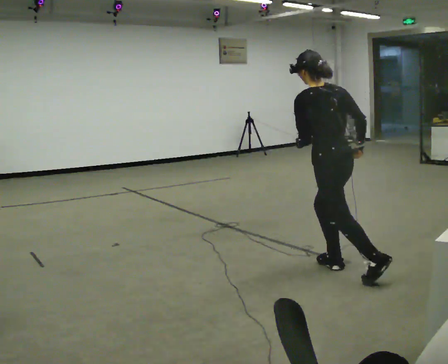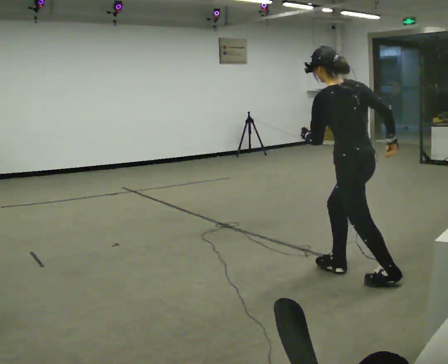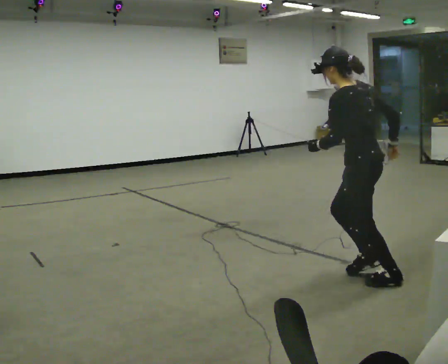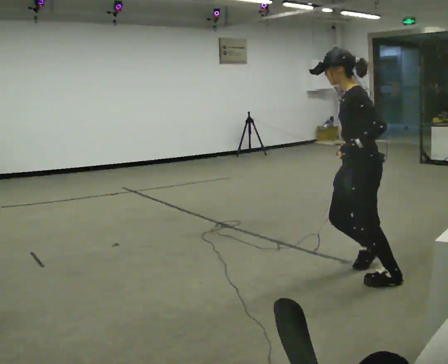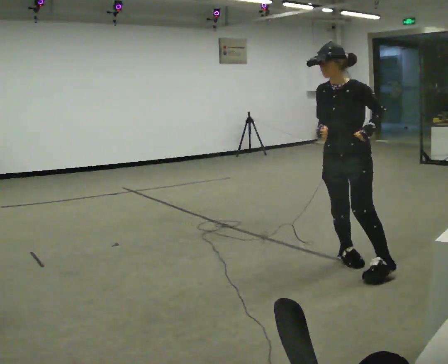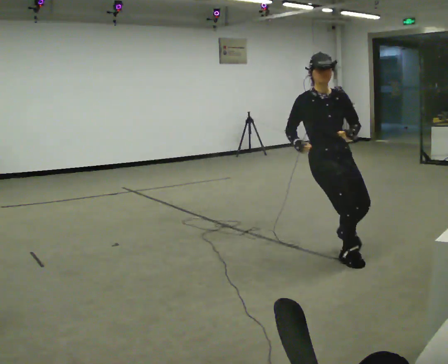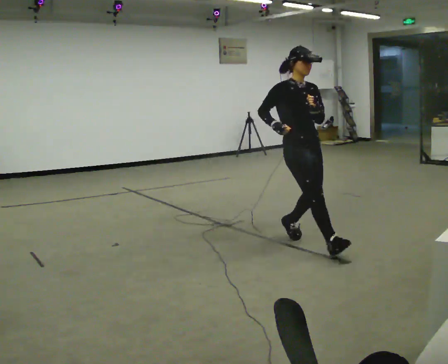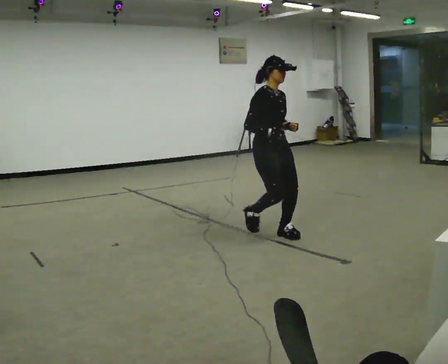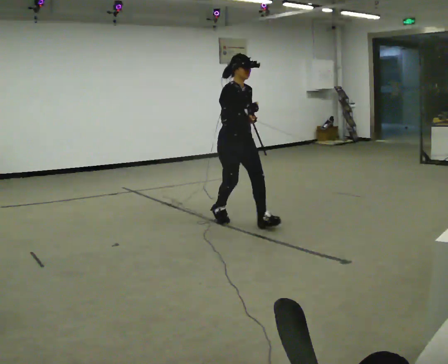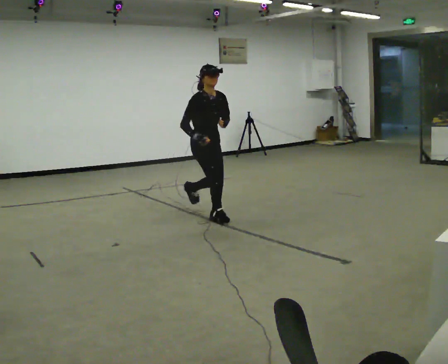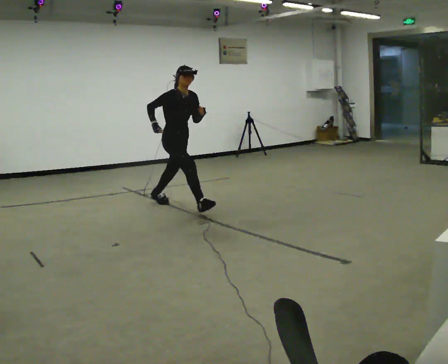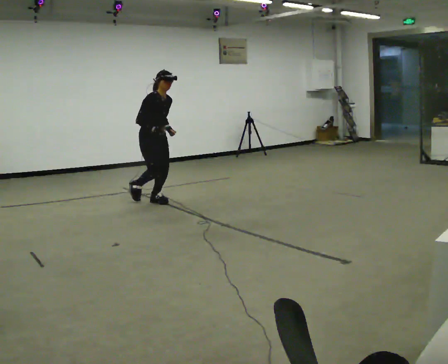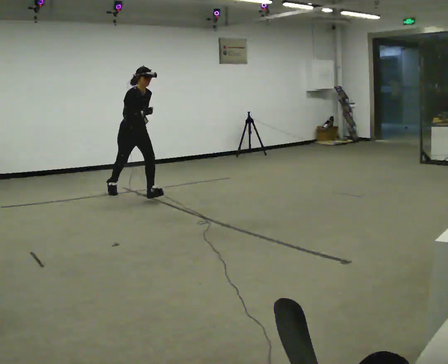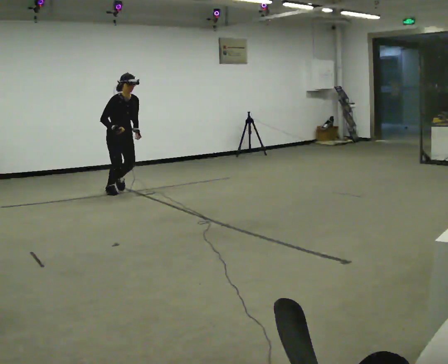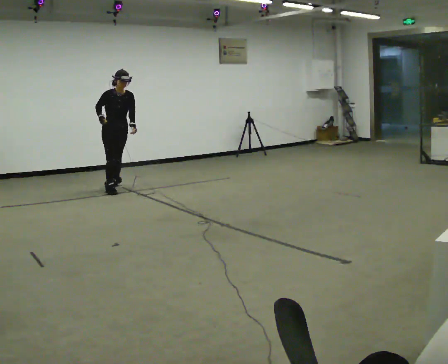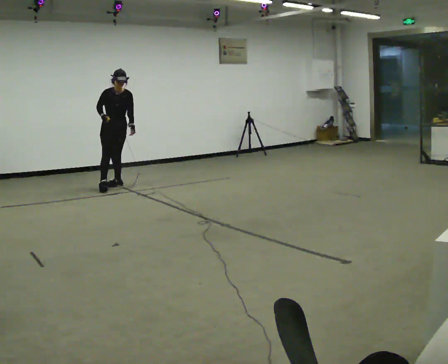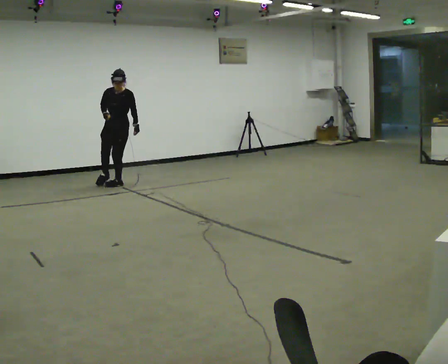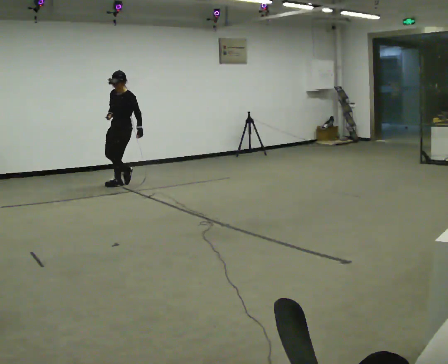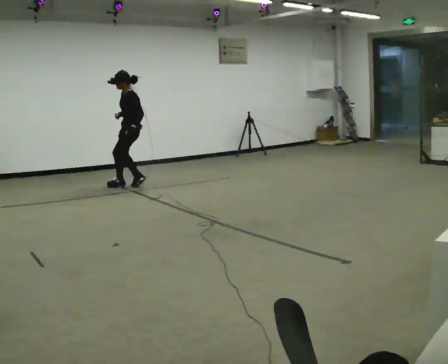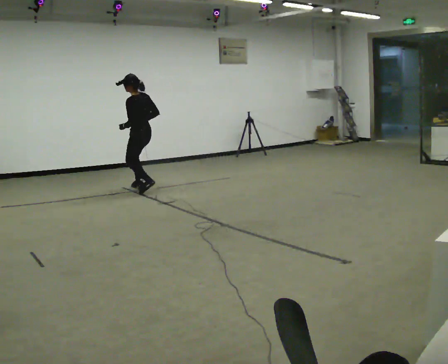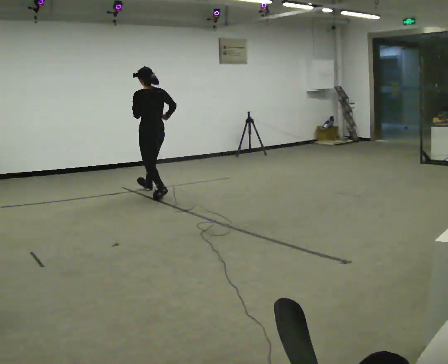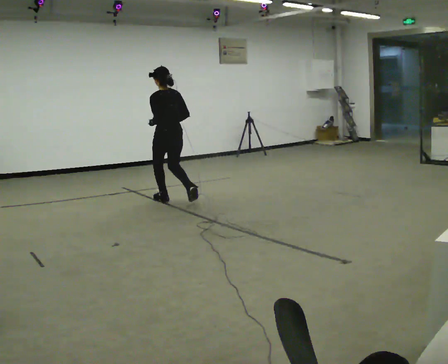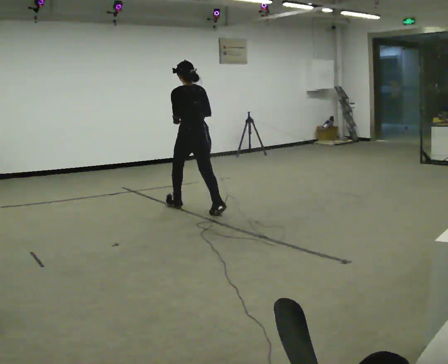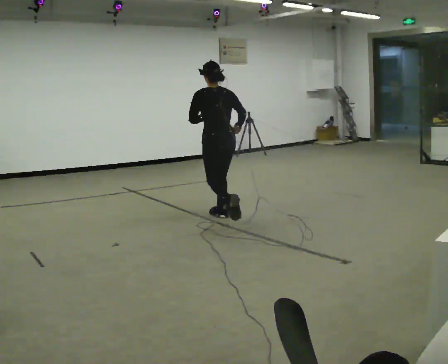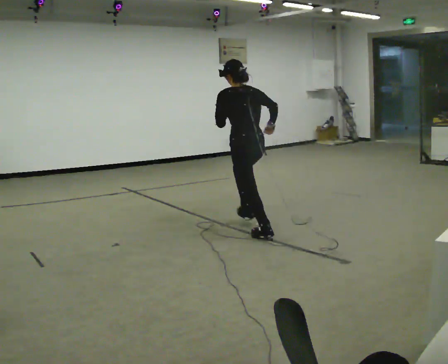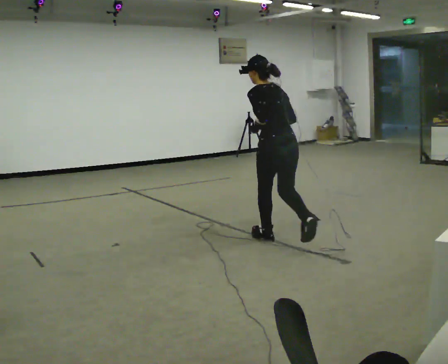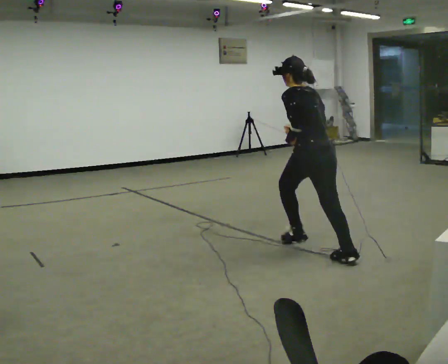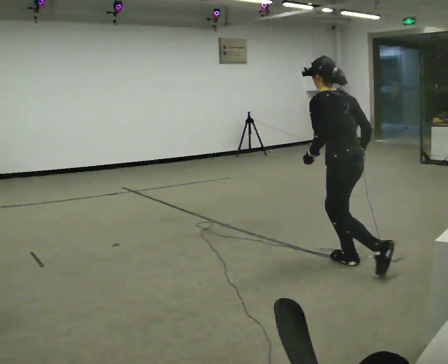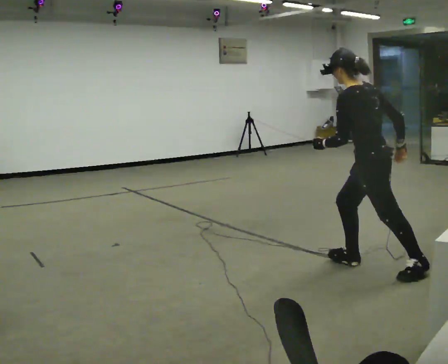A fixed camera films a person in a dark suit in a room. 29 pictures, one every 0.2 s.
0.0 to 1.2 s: The person turns about 180 degrees to their left, counterclockwise seen from above, so the part of the body nearest the lens slides to the right. In the picture they go away from the camera, about 0.5 m in 3 steps.
1.2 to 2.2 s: In the picture they go away from the camera and to the left, about 2 m in 2 steps, which for them is backward. The upper body tips toward the camera, its near side rolling downward, as they bend forward. In the picture their left hand goes downward.
2.2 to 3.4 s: The part of the body nearest the lens slides to the left as the person turns to their right by about 90 degrees. In the picture they go away from the camera, about 1 m in 2 steps.
3.4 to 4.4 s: Seen from above the body turns clockwise, about 105 degrees: to their right, with its near side sliding to the left. In the picture they go toward the camera and to the right, about 1.5 m in 3 steps. The upper body tips away from the camera, its near side rolling upward.
4.4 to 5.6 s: The part of the body nearest the lens slides to the right as the person turns to their left by about 30 degrees. In the picture they go toward the camera, about 2.5 m in 3 steps, which for them is backward.
The film runs backward here.
